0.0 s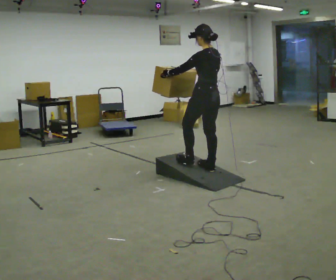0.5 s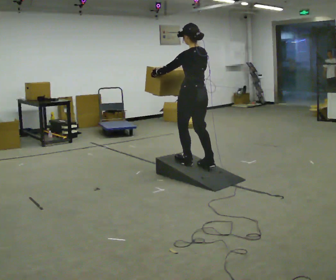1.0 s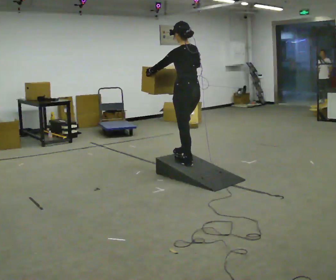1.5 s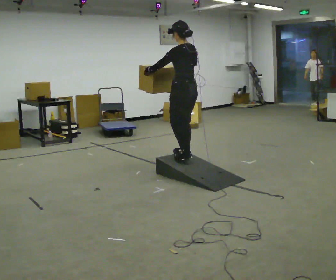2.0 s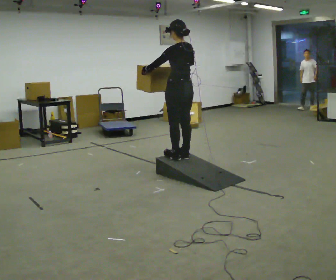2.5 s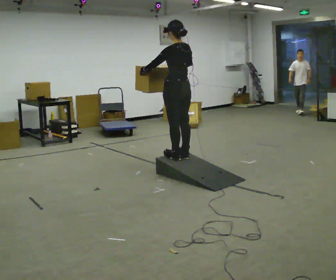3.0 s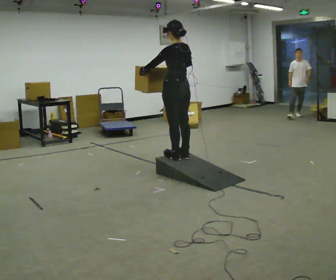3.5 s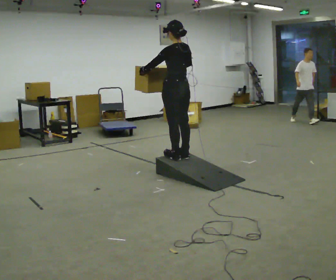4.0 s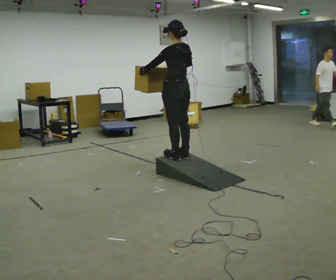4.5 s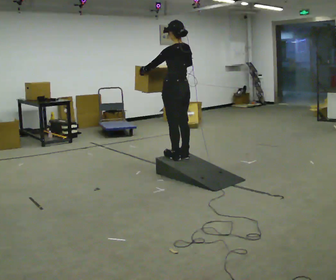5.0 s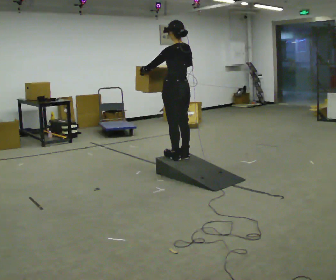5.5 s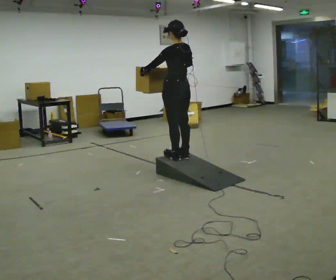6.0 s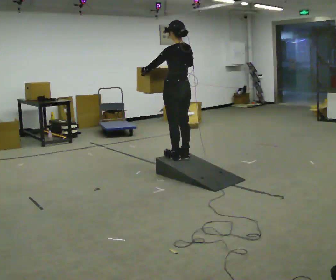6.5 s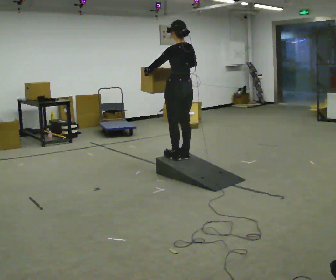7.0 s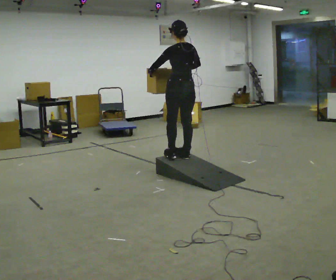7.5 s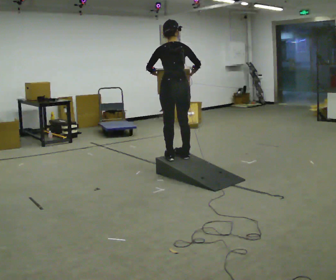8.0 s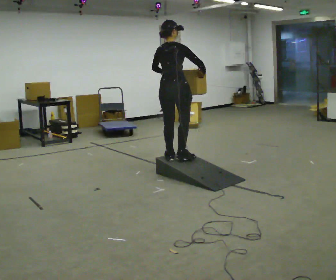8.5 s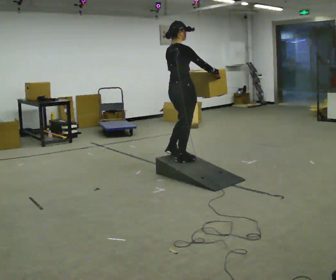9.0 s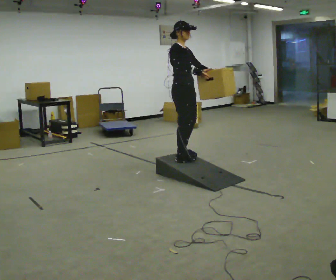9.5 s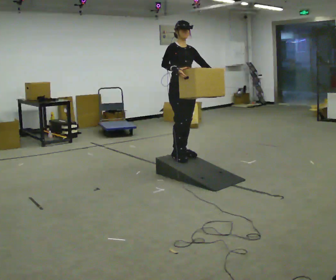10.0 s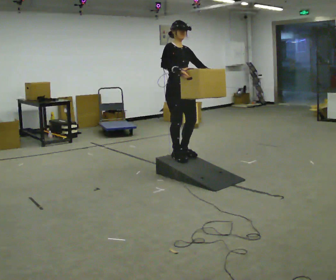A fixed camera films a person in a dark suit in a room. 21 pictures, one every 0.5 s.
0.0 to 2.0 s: In the picture they go away from the camera and to the left, about 0.5 m in 3 steps, which for them is forward.
2.0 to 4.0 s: The person moves a little, or ends about where they began.
4.0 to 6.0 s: The person keeps their place and pose.
6.0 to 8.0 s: The person turns about 75 degrees to their right, clockwise seen from above, so the part of the body nearest the lens slides to the left.
8.0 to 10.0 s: The person turns about 105 degrees to their right, clockwise seen from above, so the part of the body nearest the lens slides to the left. In the picture their right hand goes to the left.
The film runs forward here.
